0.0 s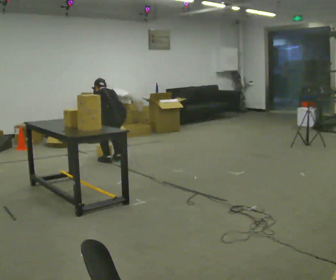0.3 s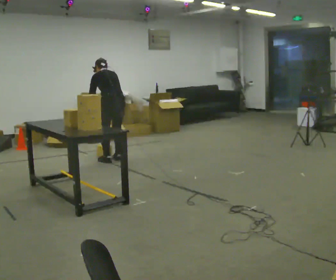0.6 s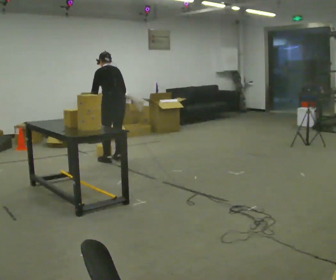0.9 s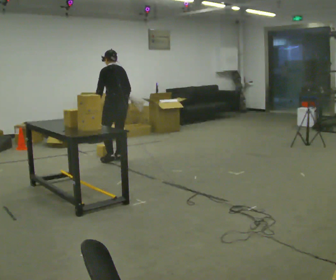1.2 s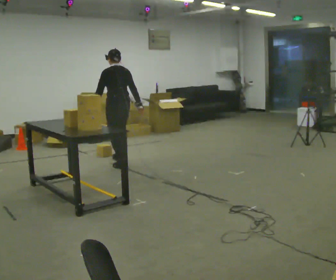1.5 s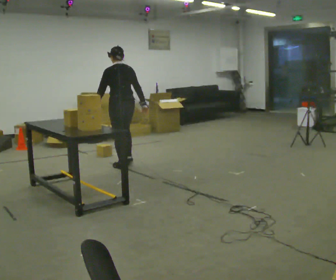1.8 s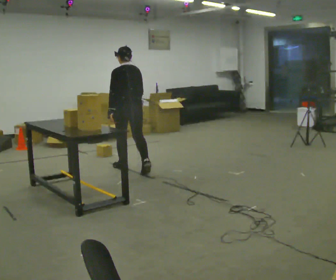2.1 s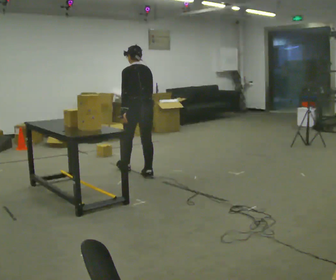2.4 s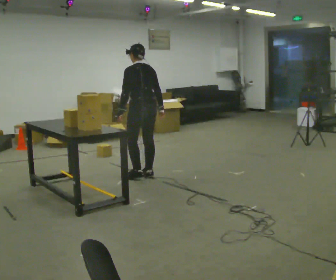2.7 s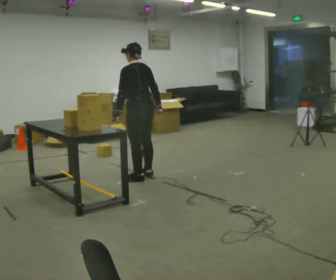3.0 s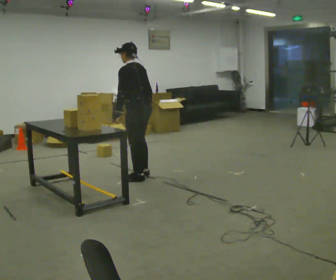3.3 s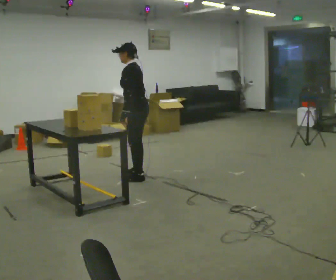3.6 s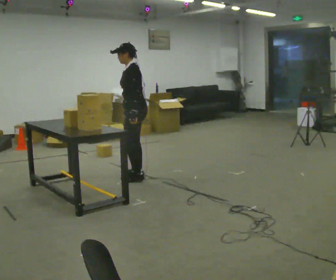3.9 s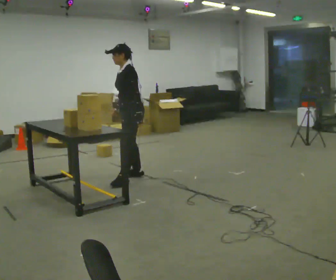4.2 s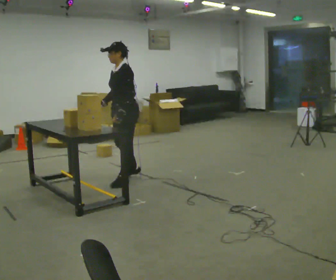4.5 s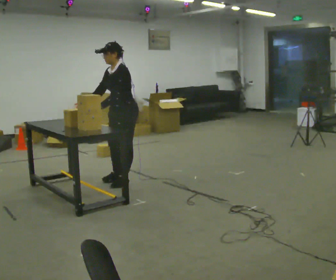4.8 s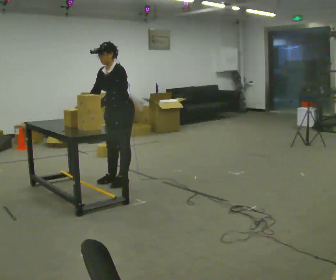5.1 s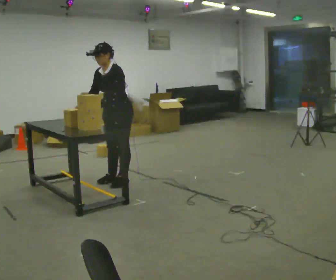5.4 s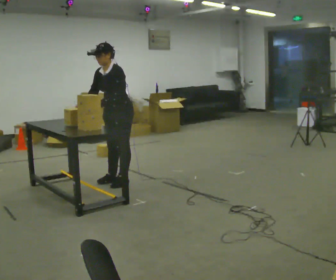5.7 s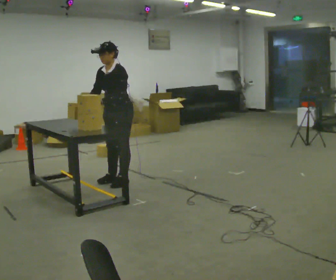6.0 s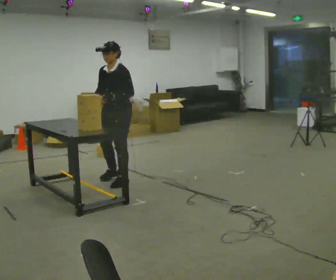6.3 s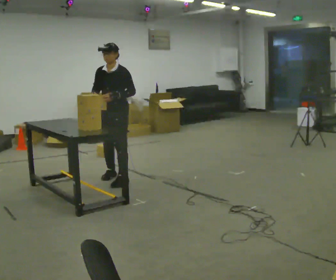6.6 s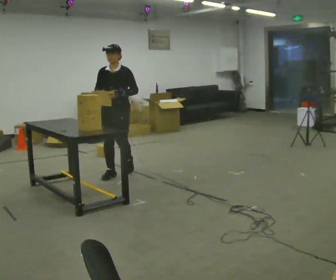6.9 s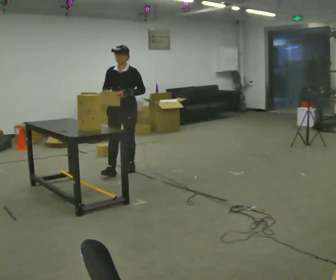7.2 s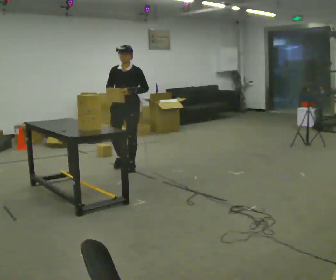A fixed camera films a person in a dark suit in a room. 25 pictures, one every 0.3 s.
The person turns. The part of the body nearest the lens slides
to the right.
The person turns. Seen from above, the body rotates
counterclockwise.
0.0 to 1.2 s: The shoulders move upward. The upper body tips toward the camera, its near side rolling downward, as they lean back or straighten. In the picture their right hand goes upward and to the right.
1.2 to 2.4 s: In the picture they go toward the camera and to the right, about 0.5 m in 2 steps, which for them is backward.
2.4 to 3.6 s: The part of the body nearest the lens slides to the right as the person turns to their left by about 60 degrees.
3.6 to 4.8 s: The part of the body nearest the lens slides to the right as the person turns to their left by about 30 degrees. In the picture they go toward the camera and to the left, about 0.25 m in 2 steps, which for them is forward and to their left.
4.8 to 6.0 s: The person moves a little, or ends about where they began.
6.0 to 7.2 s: The person turns about 30 degrees to their left, counterclockwise seen from above, so the part of the body nearest the lens slides to the right. In the picture they go away from the camera, about 0.5 m in 2 steps, which for them is backward.
The film runs backward here.
